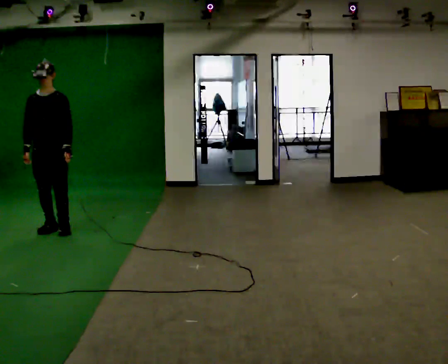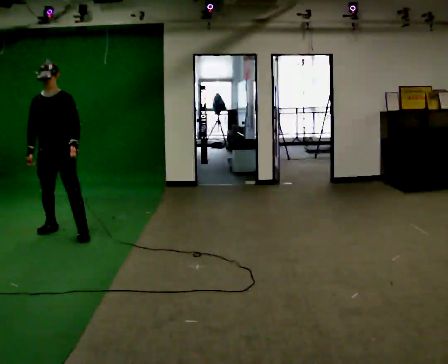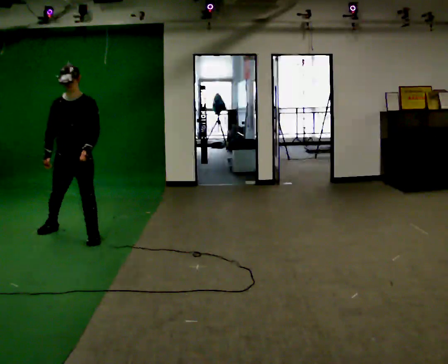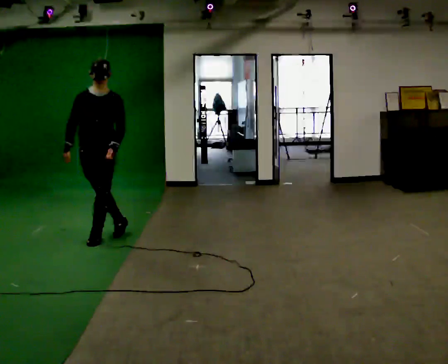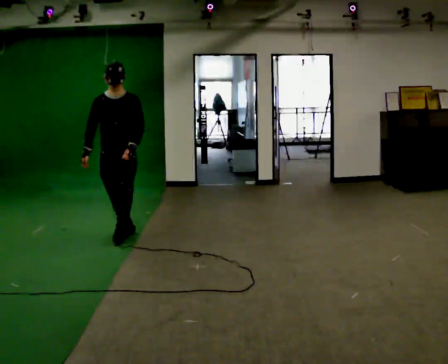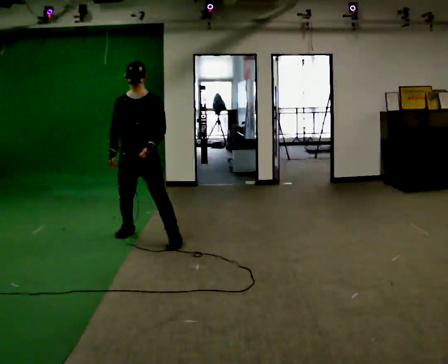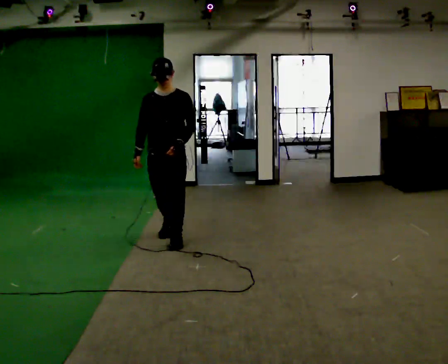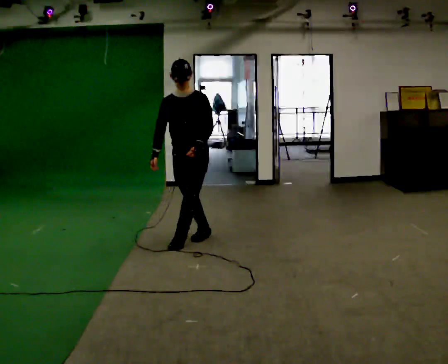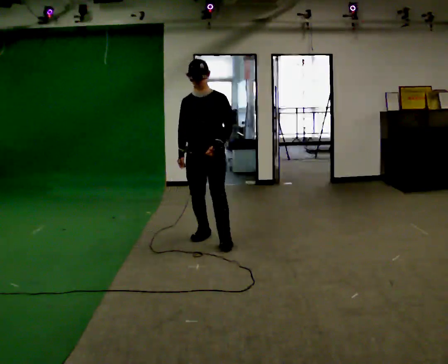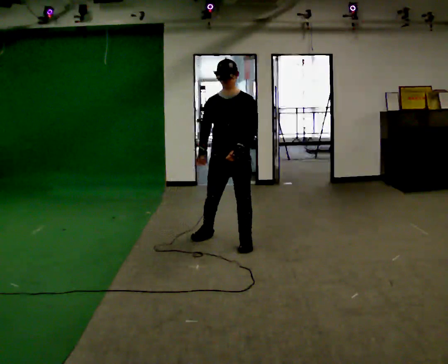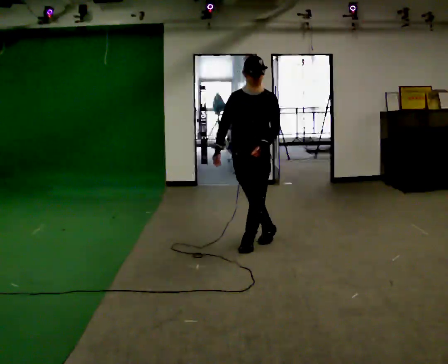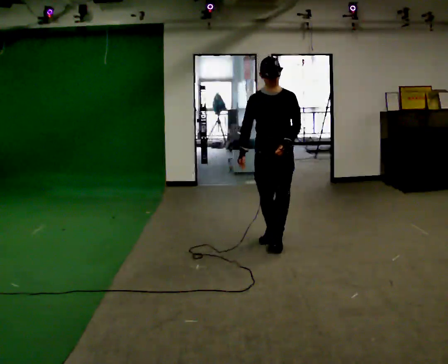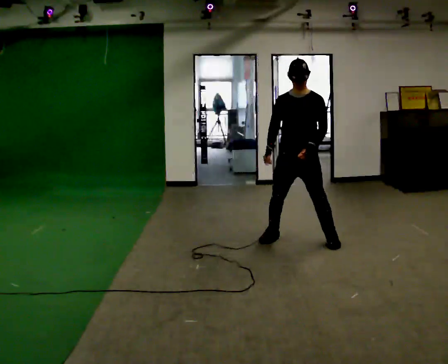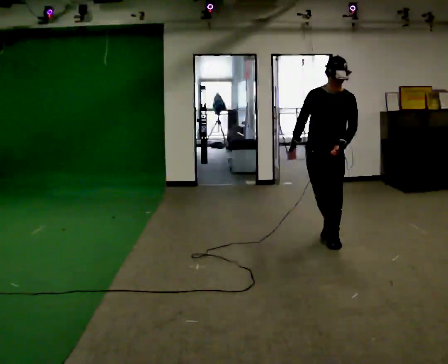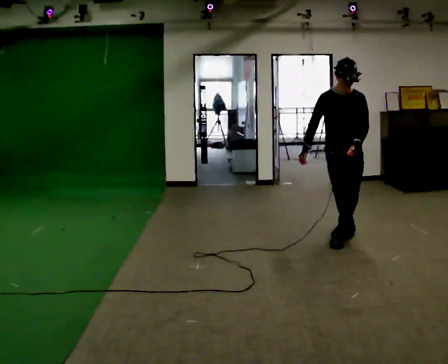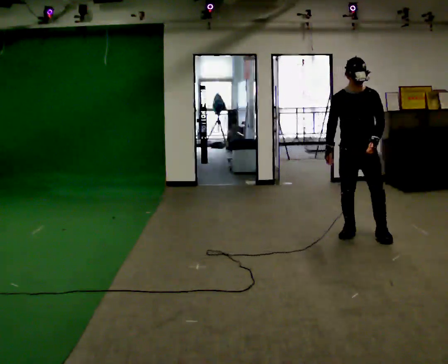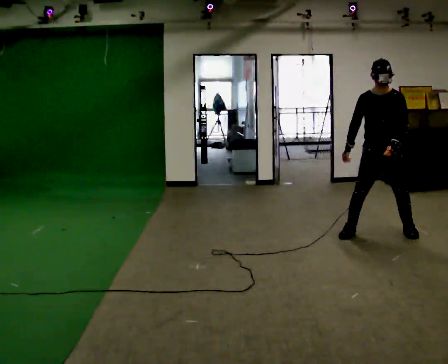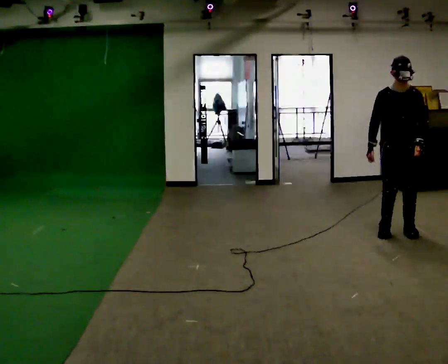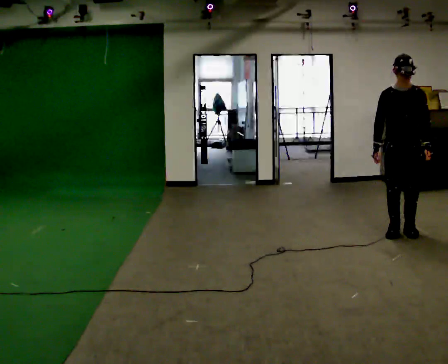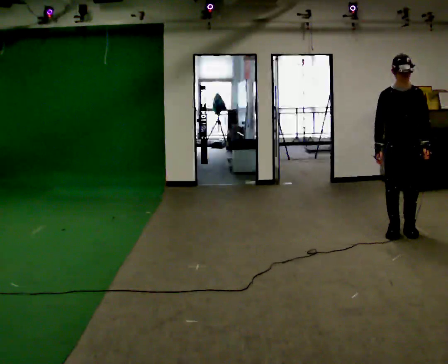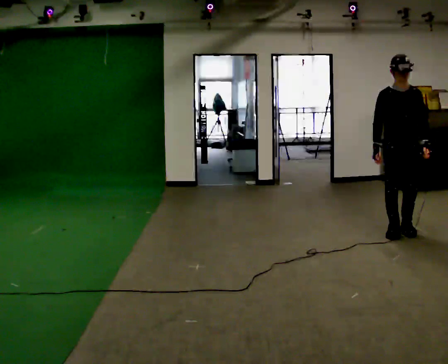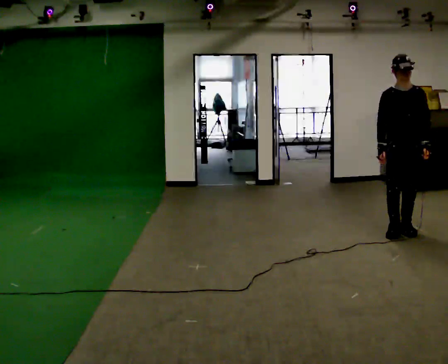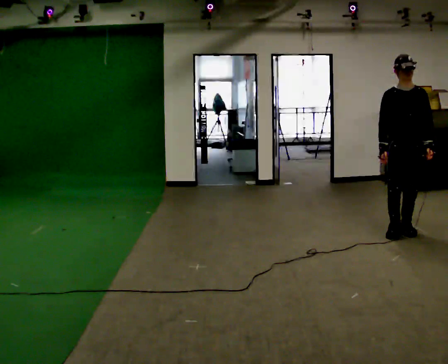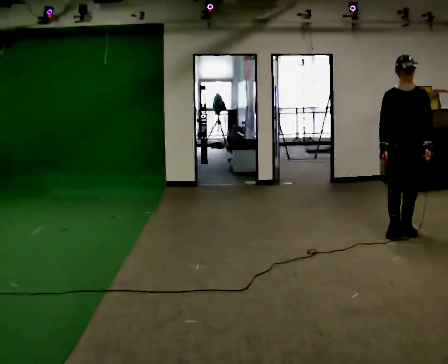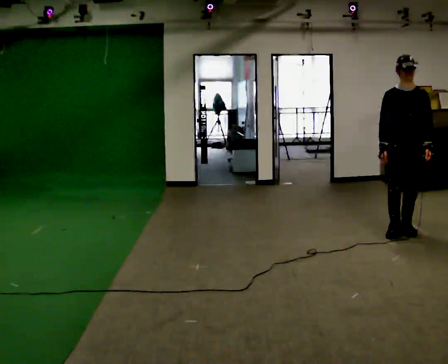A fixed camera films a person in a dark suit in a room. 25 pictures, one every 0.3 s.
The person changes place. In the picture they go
to the right.
0.0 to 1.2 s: In the picture they go to the right, about 0.5 m in 2 steps, which for them is to their left.
1.2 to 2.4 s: In the picture they go to the right, about 1 m in 2 steps, which for them is to their left.
2.4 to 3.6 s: In the picture they go to the right, about 1 m in 2 steps, which for them is to their left.
3.6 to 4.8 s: In the picture they go to the right, about 1 m in 3 steps, which for them is to their left.
4.8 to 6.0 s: In the picture they go to the right, about 0.25 m in 1 step, which for them is to their left.
6.0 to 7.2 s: The person moves a little, or ends about where they began.
The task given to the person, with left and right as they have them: Move sideways in the direction the operator calls, crossing one foot in front and then behind, alternating.
The film runs forward here.
